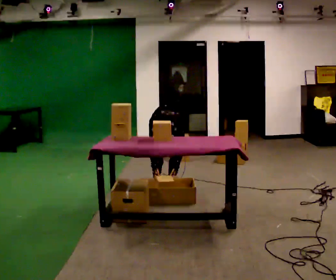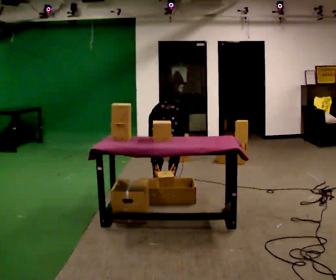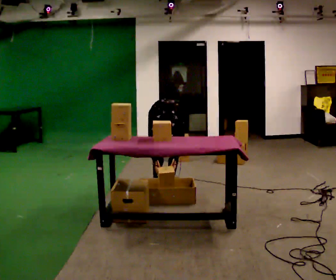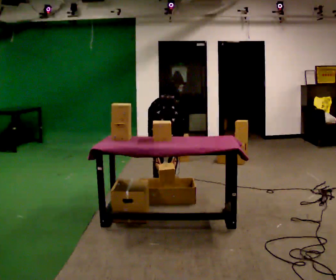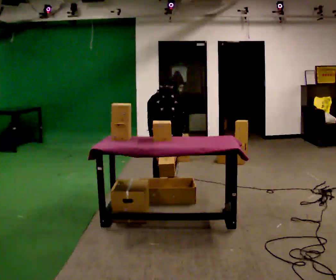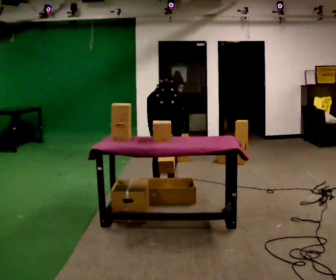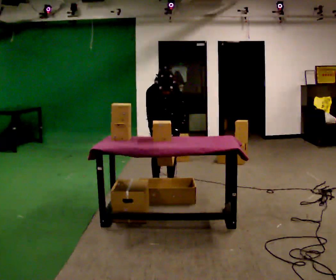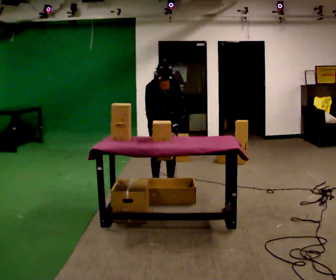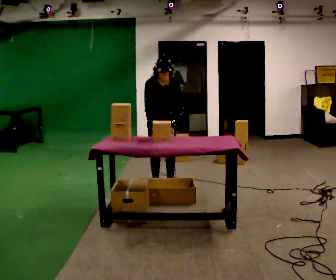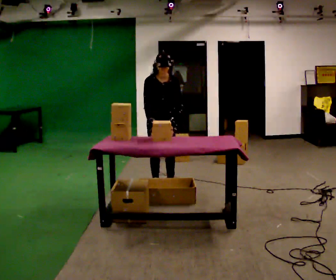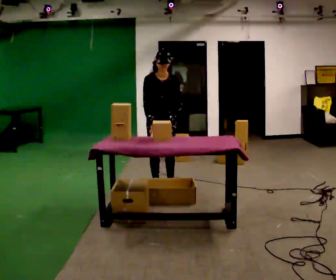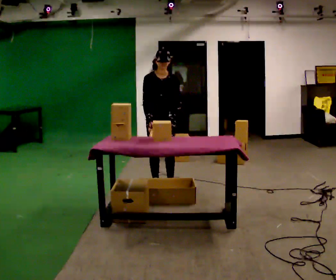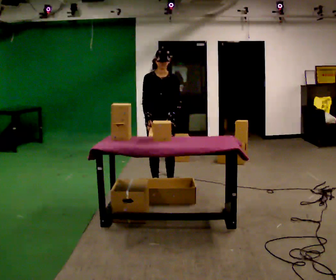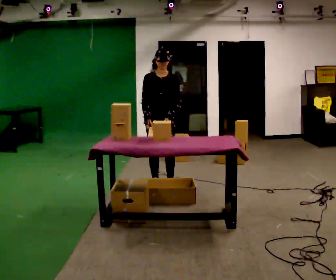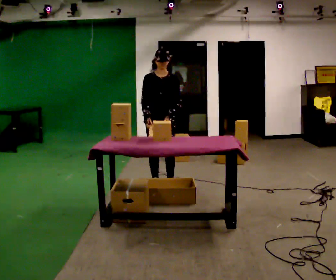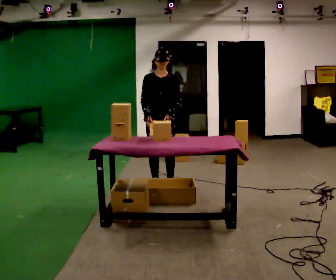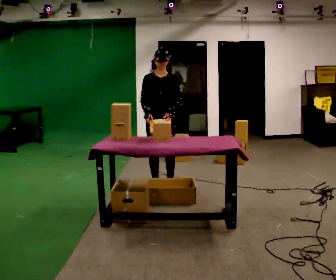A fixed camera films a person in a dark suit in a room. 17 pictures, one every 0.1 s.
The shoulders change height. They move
upward.
Their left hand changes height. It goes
upward.
0.0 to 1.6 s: In the picture they go toward the camera, about 0.25 m, which for them is forward. The shoulders move upward. The upper body tips away from the camera, its near side rolling upward, as they lean back or straighten. In the picture their left hand goes upward.
The film runs forward here.
